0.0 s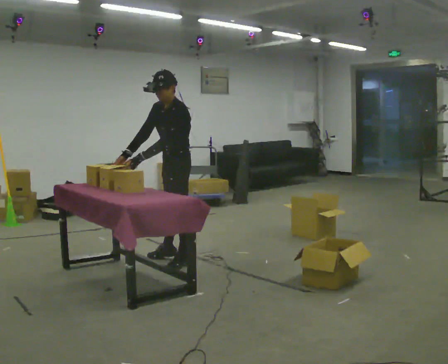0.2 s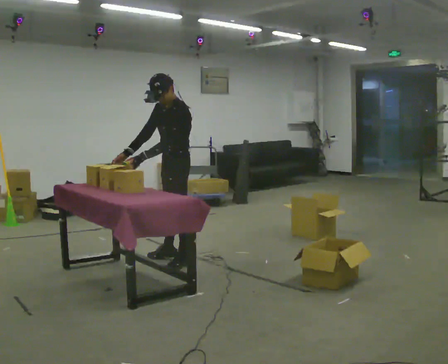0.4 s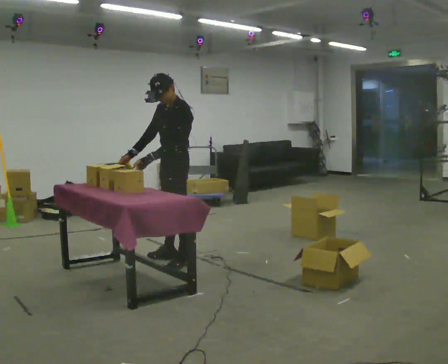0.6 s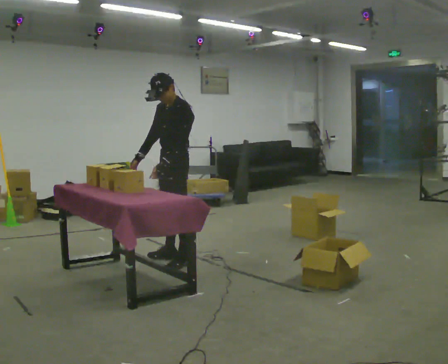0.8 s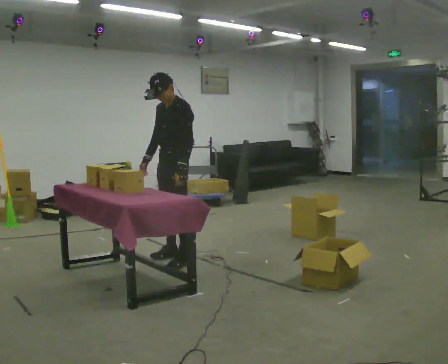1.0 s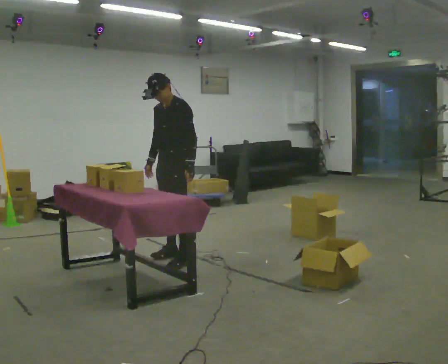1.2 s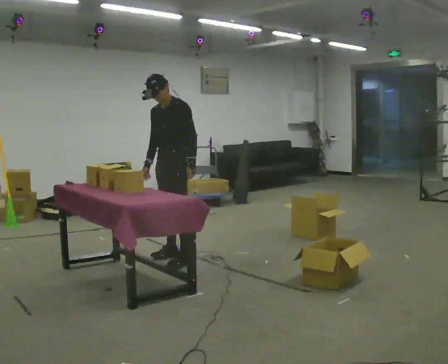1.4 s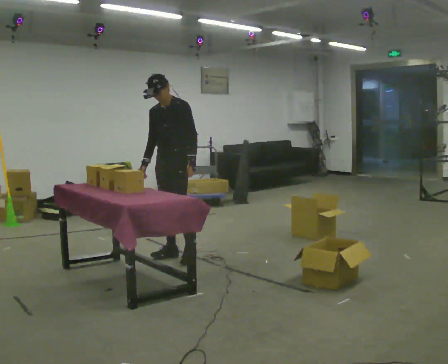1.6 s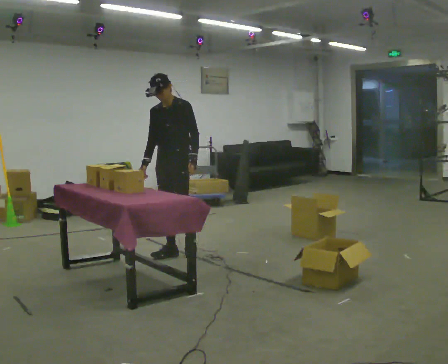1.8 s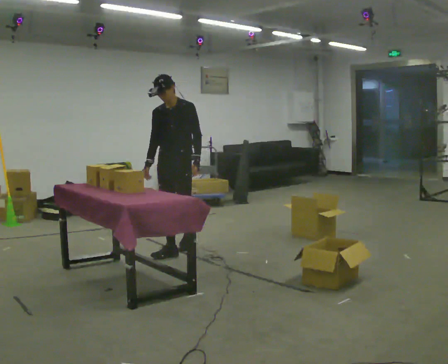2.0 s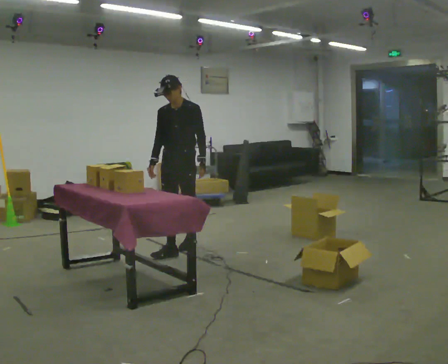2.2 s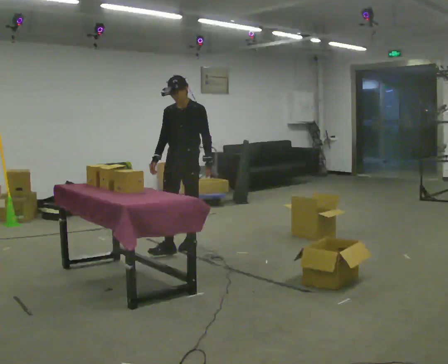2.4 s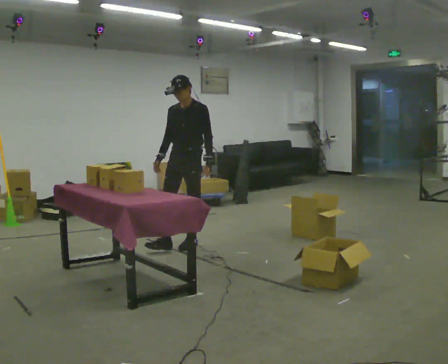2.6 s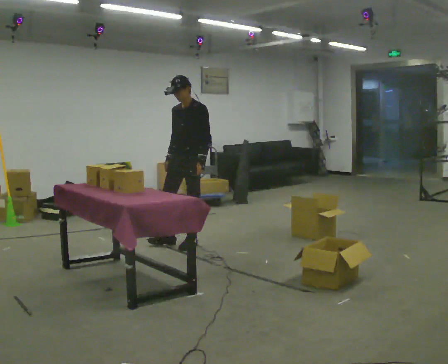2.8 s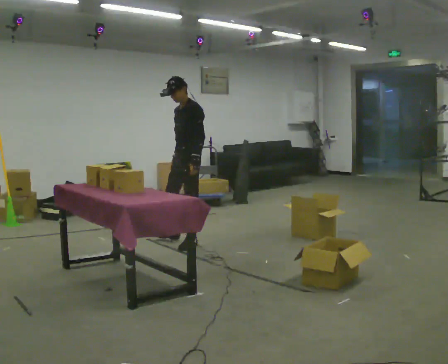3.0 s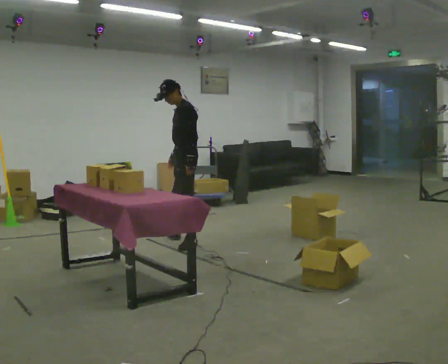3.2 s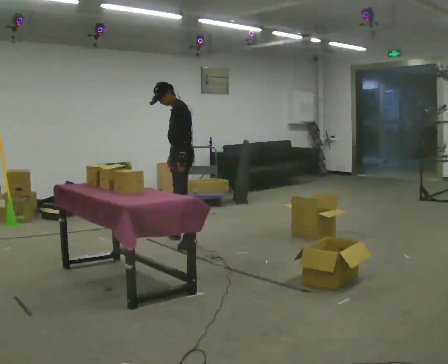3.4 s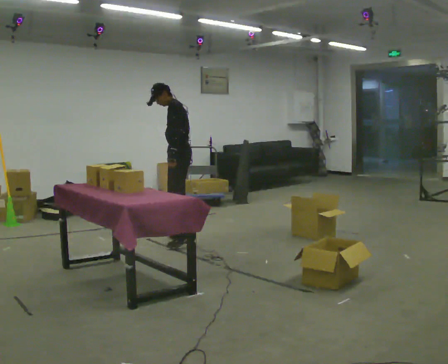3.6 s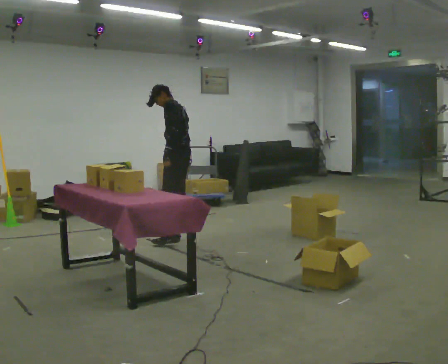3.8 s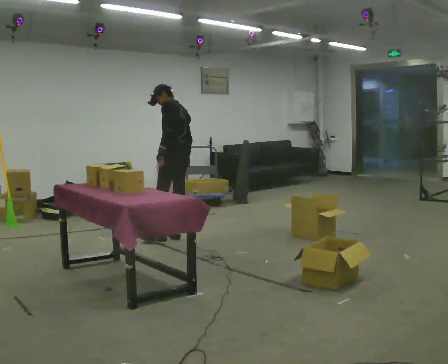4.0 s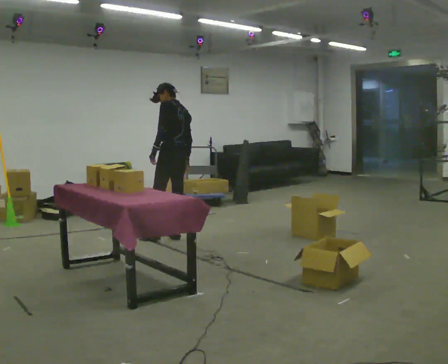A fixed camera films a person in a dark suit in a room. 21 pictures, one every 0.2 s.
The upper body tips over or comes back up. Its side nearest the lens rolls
upward.
The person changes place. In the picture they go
away from the camera.
0.0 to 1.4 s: The person turns about 30 degrees to their left, counterclockwise seen from above, so the part of the body nearest the lens slides to the right. In the picture they go away from the camera, about 0.25 m in 1 step, which for them is to their right. The upper body tips away from the camera, its near side rolling upward, as they lean back or straighten. In the picture their left hand goes to the right, the arm swinging counterclockwise.
1.4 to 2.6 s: In the picture they go away from the camera and to the right, about 0.5 m in 1 step, which for them is backward.
2.6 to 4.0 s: The person turns about 90 degrees to their right, clockwise seen from above, so the part of the body nearest the lens slides to the left. In the picture they go away from the camera, about 0.25 m in 1 step. The upper body tips away from the camera, its near side rolling upward.
The film runs backward here.
